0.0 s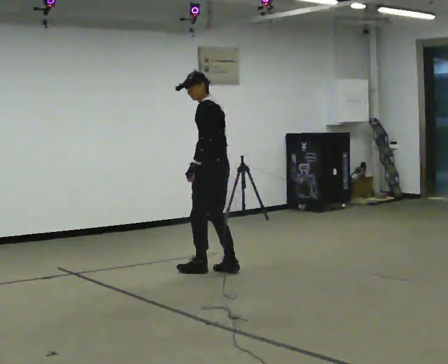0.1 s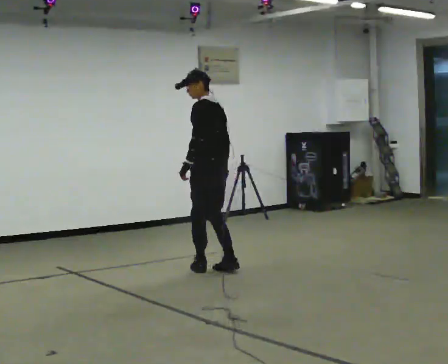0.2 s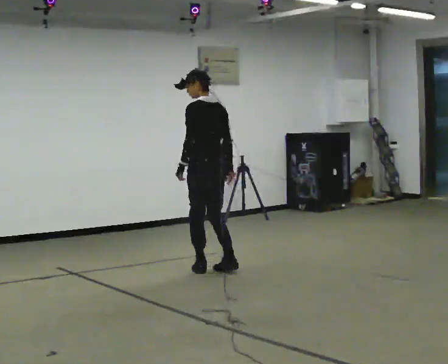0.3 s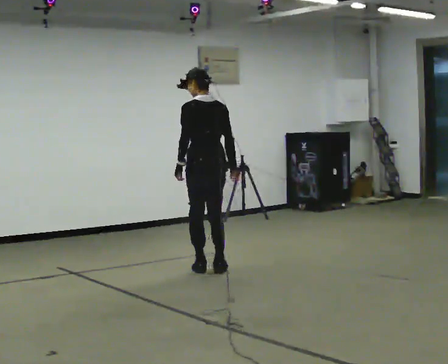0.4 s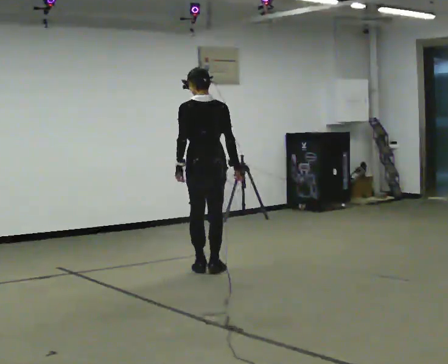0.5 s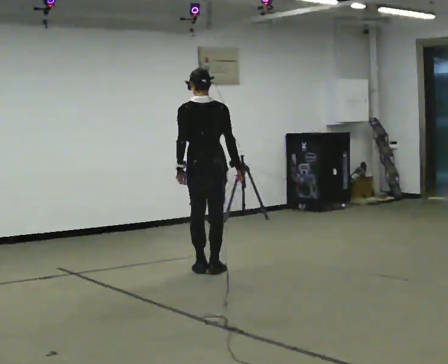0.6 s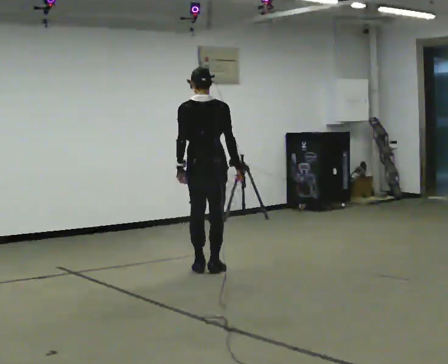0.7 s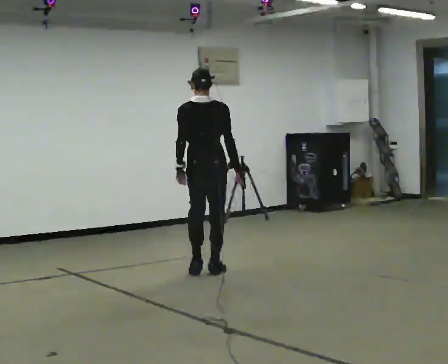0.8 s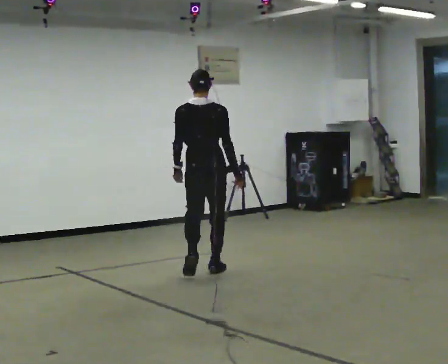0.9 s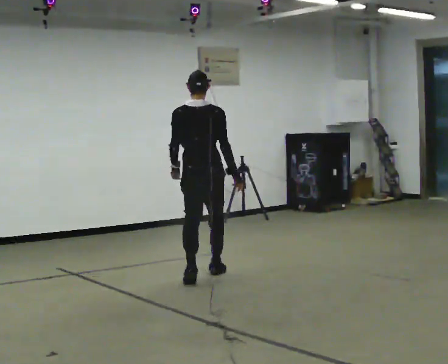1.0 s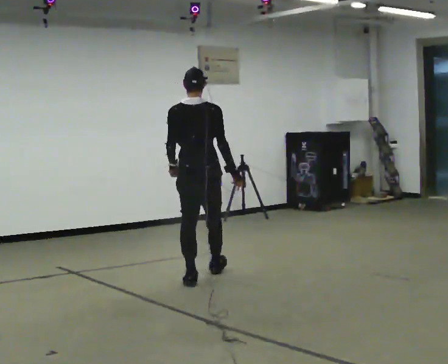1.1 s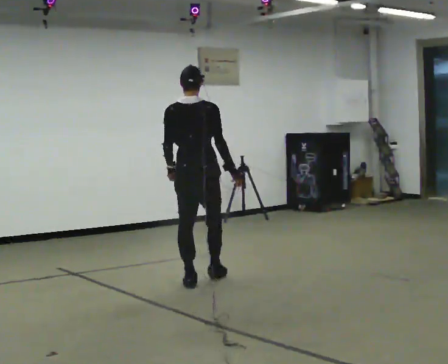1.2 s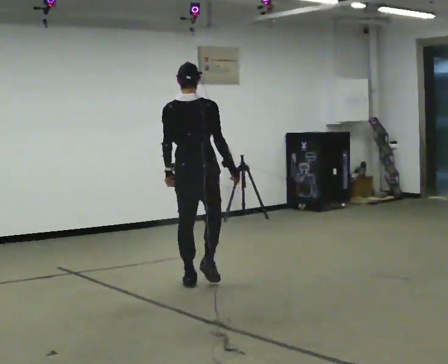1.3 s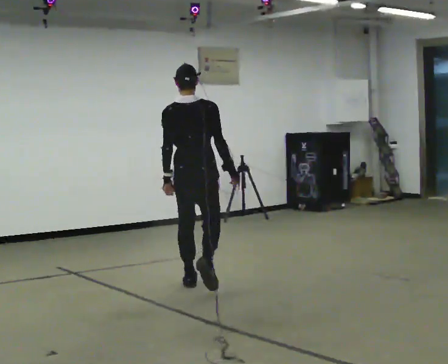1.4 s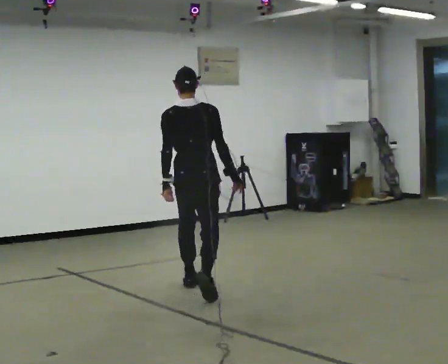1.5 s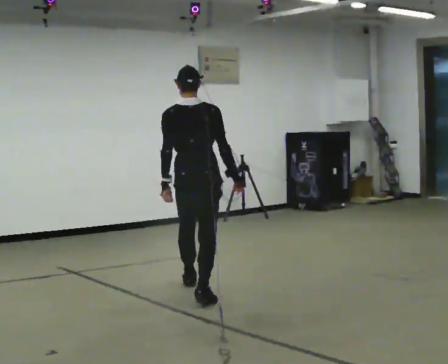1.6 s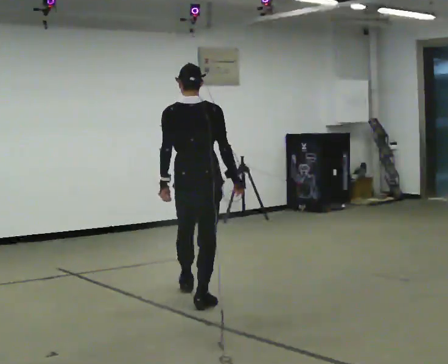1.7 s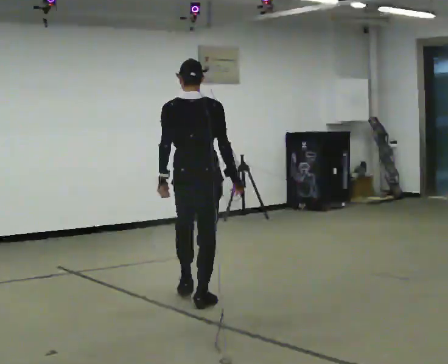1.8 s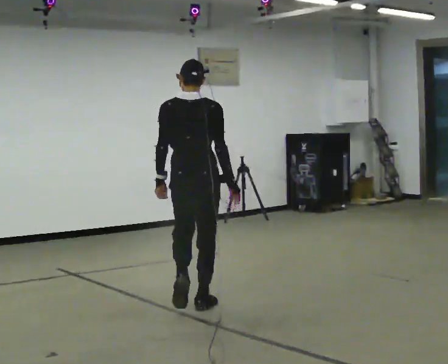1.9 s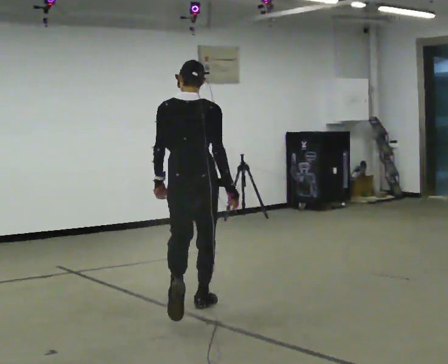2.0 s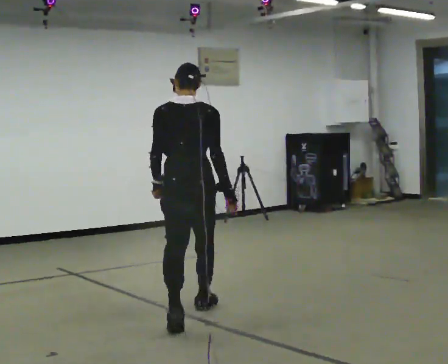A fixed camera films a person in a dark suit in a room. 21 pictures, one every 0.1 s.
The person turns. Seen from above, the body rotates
clockwise.
The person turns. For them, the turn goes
to their right.
0.0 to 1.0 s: Seen from above the body turns clockwise, about 75 degrees: to their right, with its near side sliding to the left. In the picture they go toward the camera and to the left, about 0.5 m in 3 steps.
1.0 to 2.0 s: In the picture they go toward the camera, about 1 m in 1 step, which for them is backward.
The film runs backward here.
